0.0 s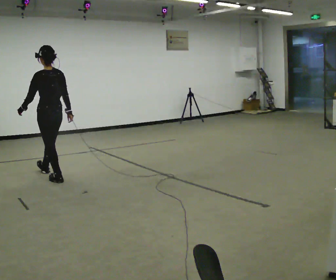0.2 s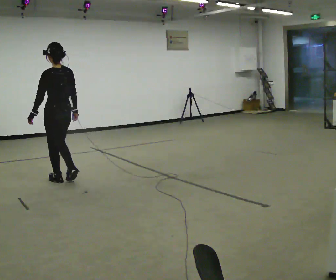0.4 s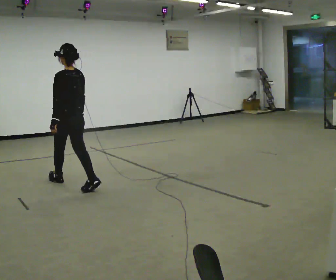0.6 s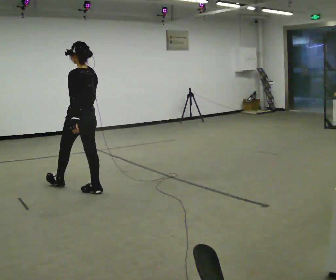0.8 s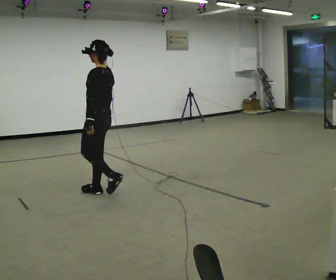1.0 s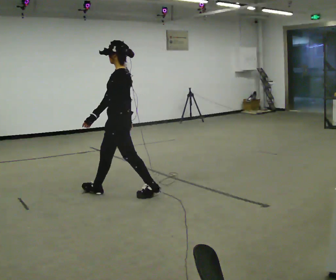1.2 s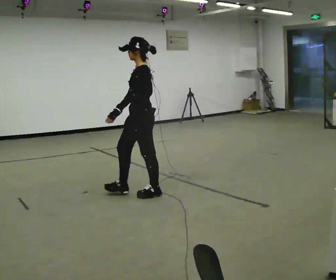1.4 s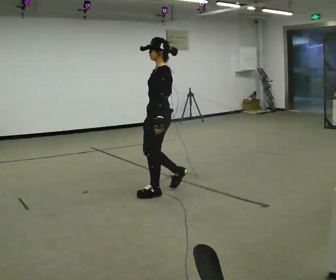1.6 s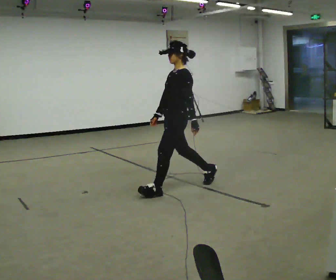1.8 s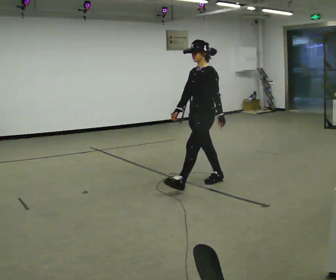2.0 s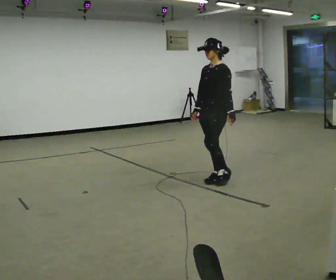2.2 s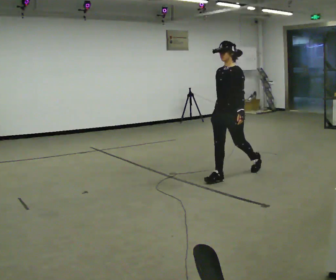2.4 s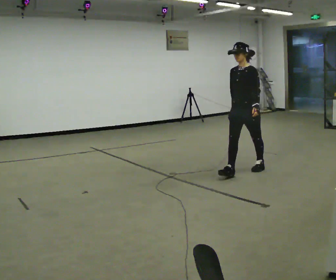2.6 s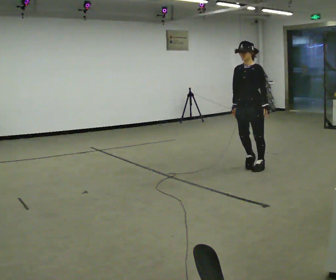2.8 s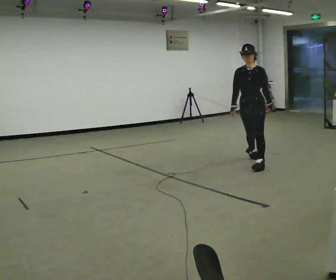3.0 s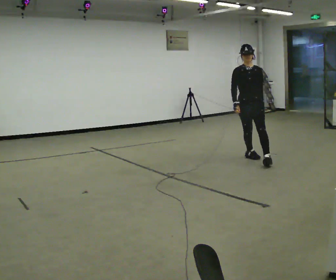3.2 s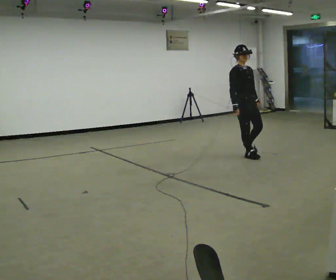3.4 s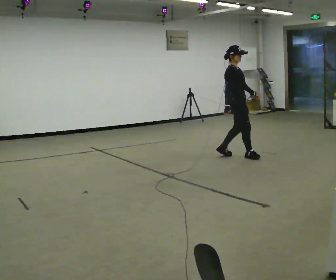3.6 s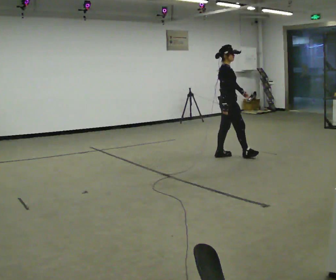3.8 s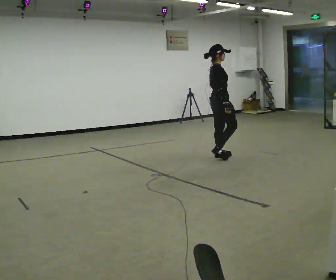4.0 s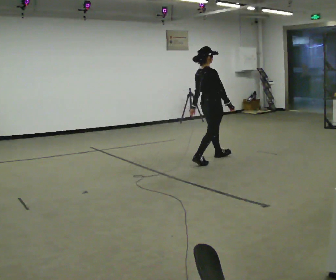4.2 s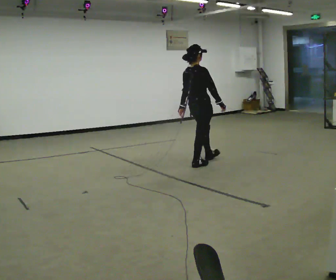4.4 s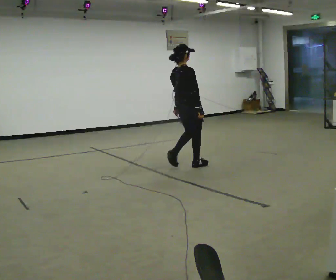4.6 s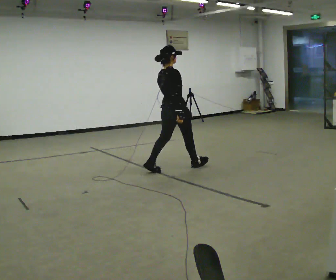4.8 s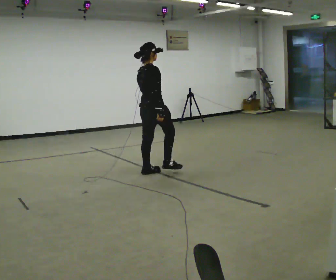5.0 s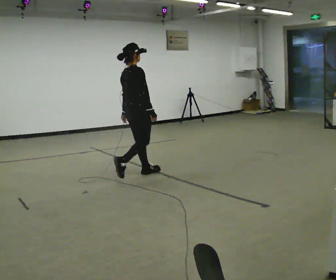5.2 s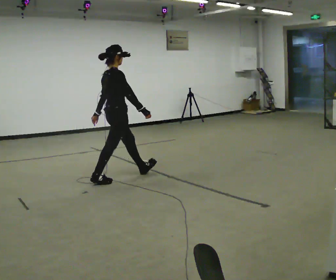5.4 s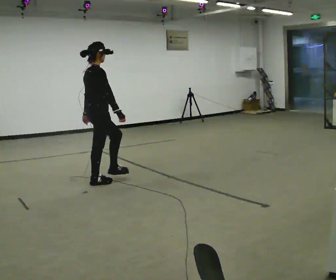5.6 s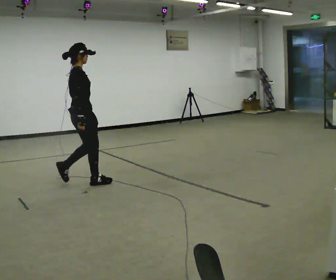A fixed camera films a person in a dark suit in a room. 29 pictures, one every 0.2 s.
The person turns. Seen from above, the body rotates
counterclockwise.
The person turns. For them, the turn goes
to their left.
0.0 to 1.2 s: Seen from above the body turns counterclockwise, about 45 degrees: to their left, with its near side sliding to the right. In the picture they go to the right, about 1.5 m in 2 steps, which for them is backward.
1.2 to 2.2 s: The part of the body nearest the lens slides to the right as the person turns to their left by about 30 degrees. In the picture they go to the right and away from the camera, about 1 m in 1 step, which for them is backward.
2.2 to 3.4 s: The part of the body nearest the lens slides to the right as the person turns to their left by about 120 degrees. In the picture they go away from the camera, about 1 m in 2 steps.
3.4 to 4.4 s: The person turns about 60 degrees to their left, counterclockwise seen from above, so the part of the body nearest the lens slides to the right. In the picture they go to the left and toward the camera, about 1 m in 2 steps.
4.4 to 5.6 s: In the picture they go to the left and toward the camera, about 1.5 m in 2 steps, which for them is backward.
The film runs backward here.
